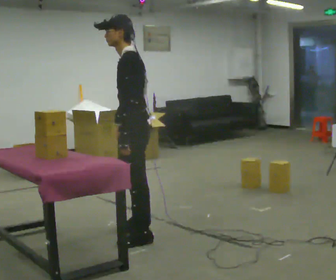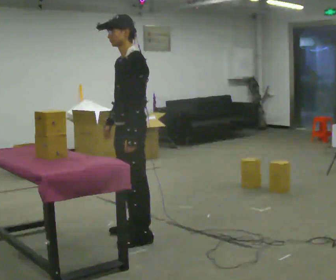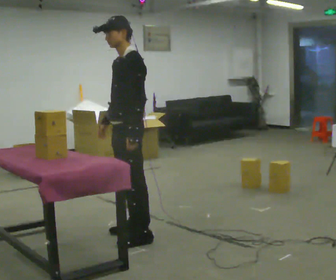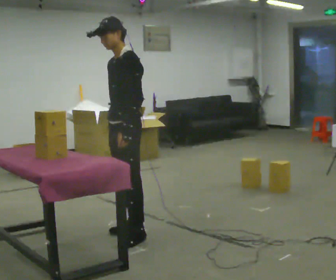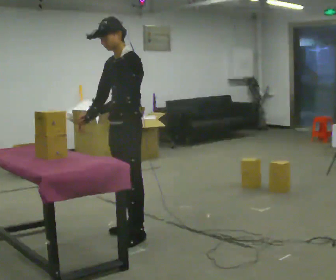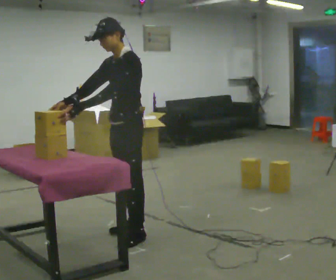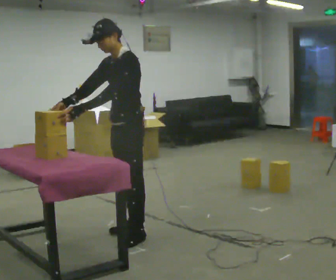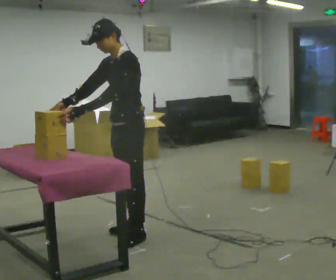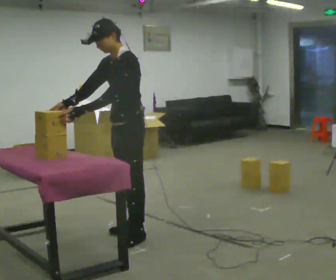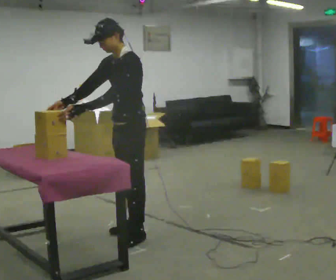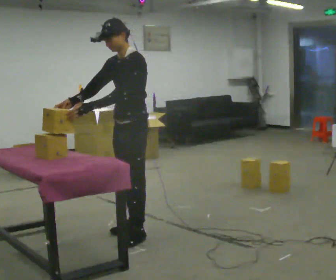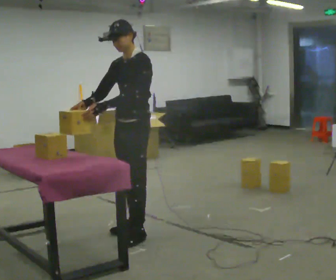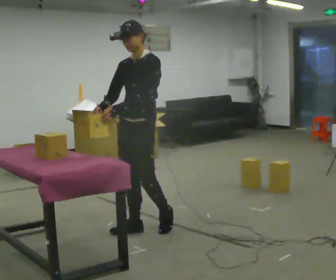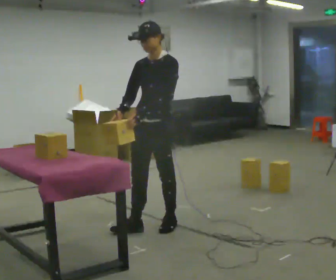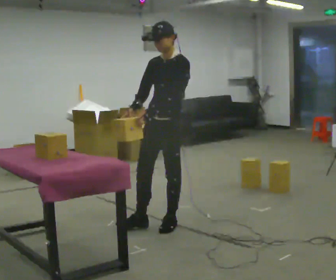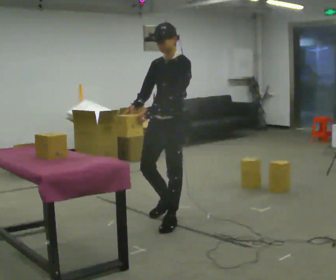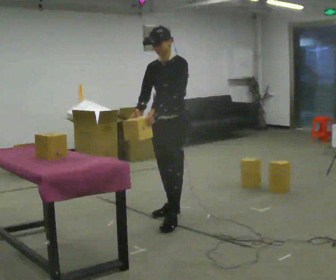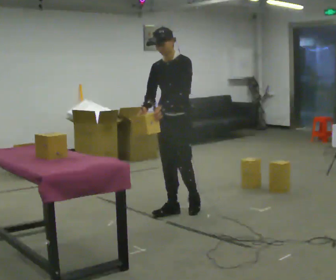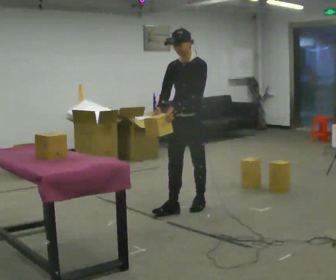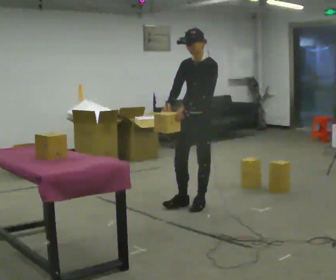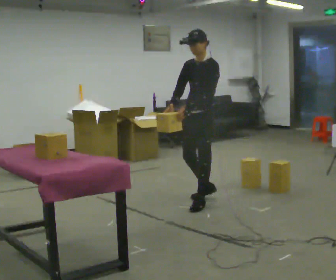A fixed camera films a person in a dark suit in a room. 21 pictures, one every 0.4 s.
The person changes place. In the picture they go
away from the camera.
0.0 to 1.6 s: The part of the body nearest the lens slides to the right as the person turns to their left by about 45 degrees. In the picture their right hand goes to the left.
1.6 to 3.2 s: The person moves a little, or ends about where they began.
3.2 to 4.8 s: In the picture they go away from the camera, about 0.25 m in 1 step, which for them is backward.
4.8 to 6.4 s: In the picture they go away from the camera and to the right, about 0.5 m in 1 step, which for them is backward.
6.4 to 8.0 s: In the picture they go away from the camera and to the right, about 0.5 m in 2 steps, which for them is backward.
The film runs backward here.
